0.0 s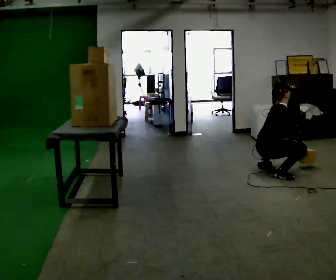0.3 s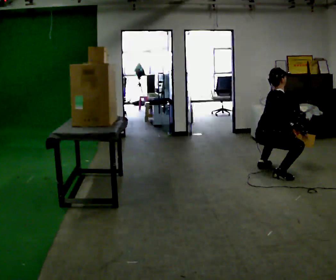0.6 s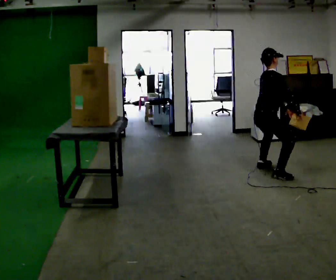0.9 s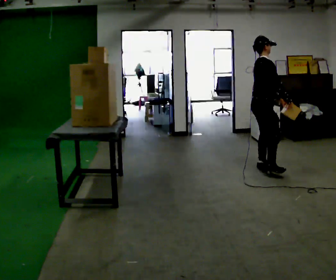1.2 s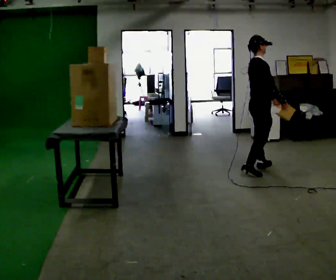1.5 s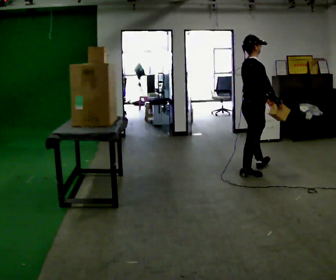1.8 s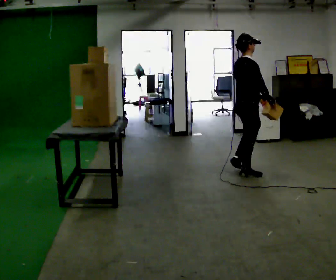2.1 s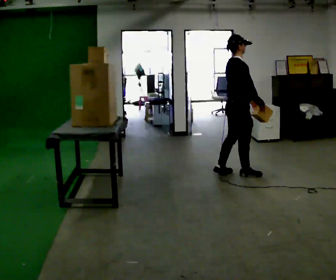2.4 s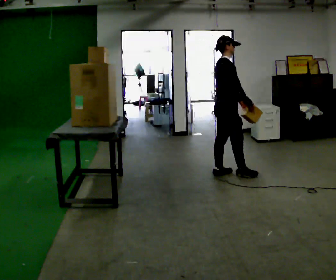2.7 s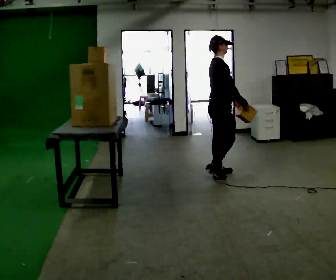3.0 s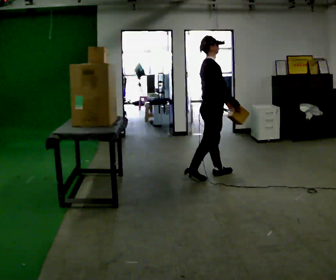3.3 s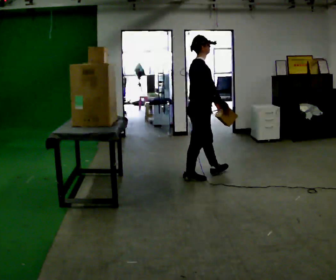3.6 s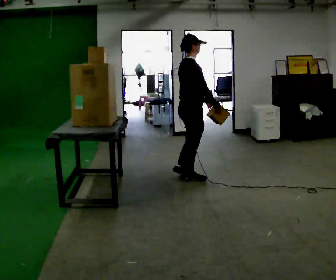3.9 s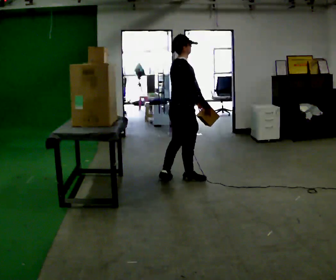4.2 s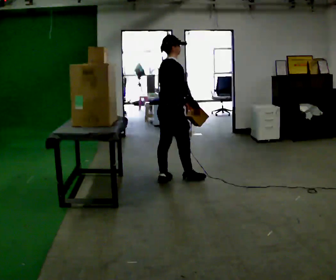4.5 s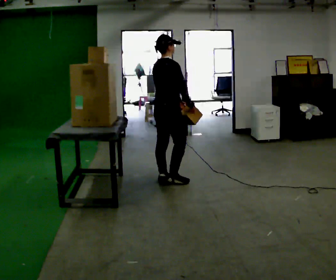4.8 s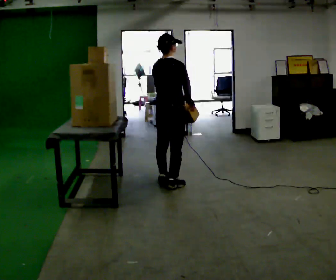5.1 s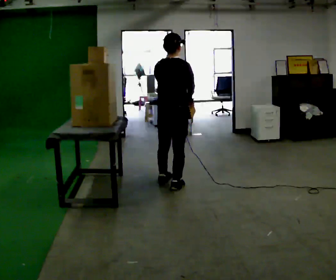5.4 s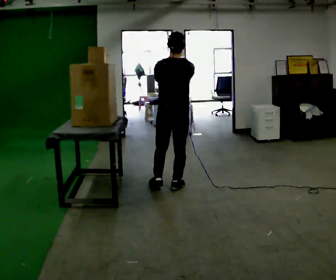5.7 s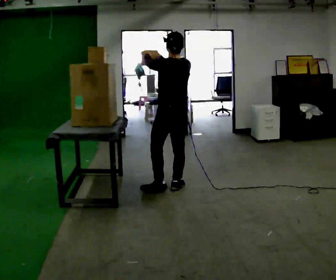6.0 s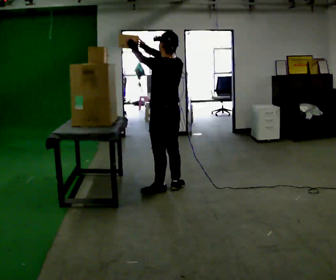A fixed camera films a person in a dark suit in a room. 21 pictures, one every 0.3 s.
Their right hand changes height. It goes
upward.
The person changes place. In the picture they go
to the left.
0.0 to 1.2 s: In the picture they go away from the camera, about 0.25 m in 1 step, which for them is to their left. The shoulders move upward. In the picture the upper body tilts counterclockwise, shoulders to the left, as they lean back or straighten. In the picture their right hand goes upward.
1.2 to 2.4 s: In the picture they go to the left, about 0.5 m in 2 steps, which for them is backward.
2.4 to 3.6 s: In the picture they go to the left and toward the camera, about 0.5 m in 1 step, which for them is backward.
3.6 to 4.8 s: The part of the body nearest the lens slides to the right as the person turns to their left by about 30 degrees. In the picture they go to the left, about 0.25 m in 1 step, which for them is backward.
4.8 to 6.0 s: The part of the body nearest the lens slides to the right as the person turns to their left by about 90 degrees. In the picture they go toward the camera, about 0.25 m in 1 step. In the picture their right hand goes upward and to the left.
The film runs backward here.
